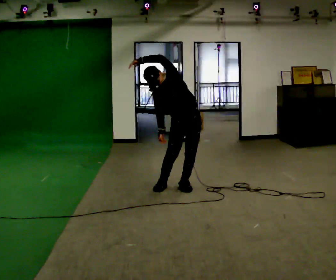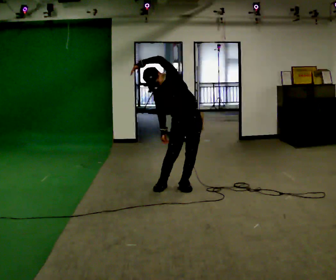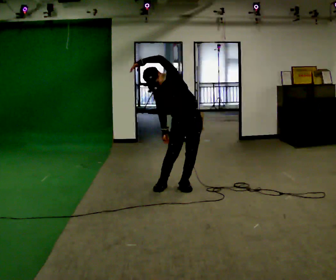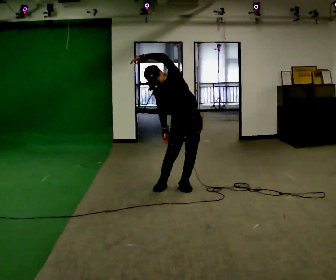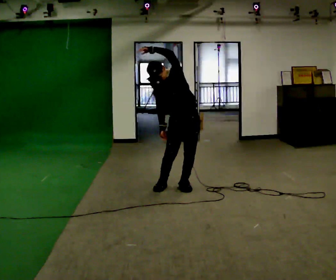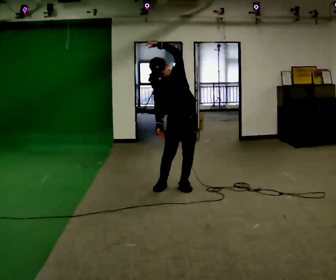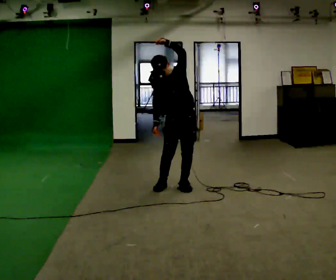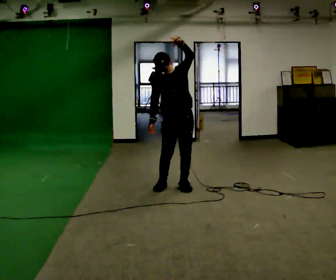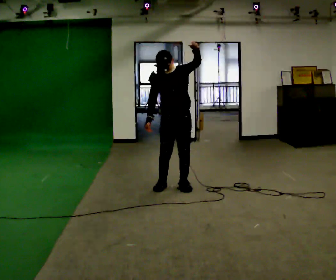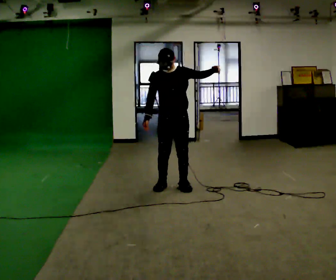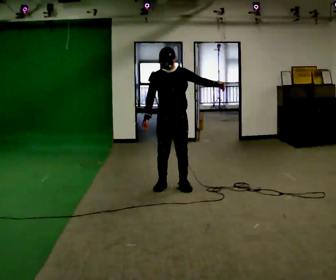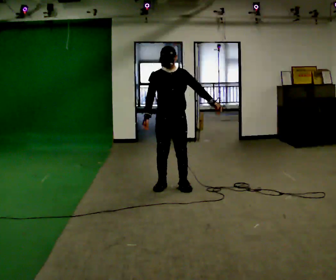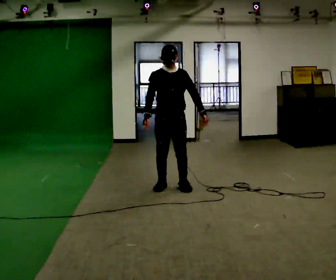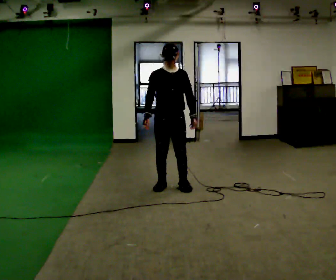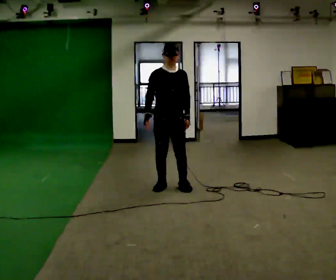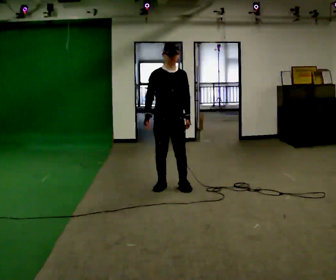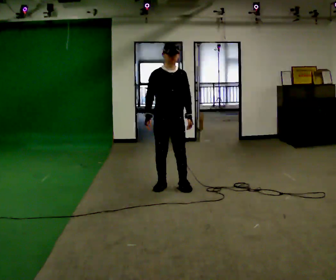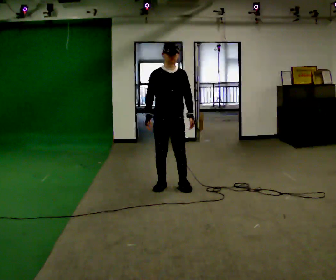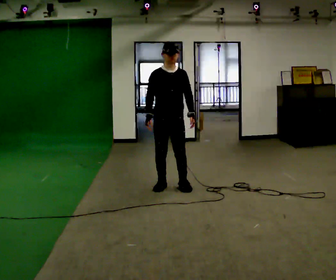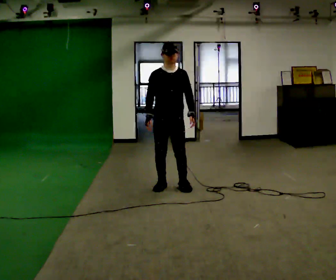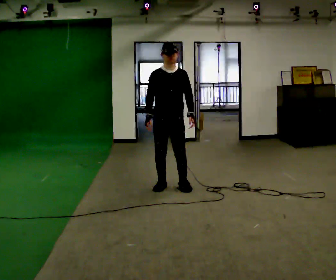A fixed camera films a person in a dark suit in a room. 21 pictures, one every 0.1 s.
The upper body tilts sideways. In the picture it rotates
clockwise.
Their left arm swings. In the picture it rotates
clockwise.
0.0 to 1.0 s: In the picture they go to the left, about 0.25 m, which for them is to their right. In the picture the upper body tilts clockwise, shoulders to the right. In the picture their left hand goes to the right and downward, the arm swinging clockwise.
1.0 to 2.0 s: The person moves a little, or ends about where they began.
The film runs forward here.
